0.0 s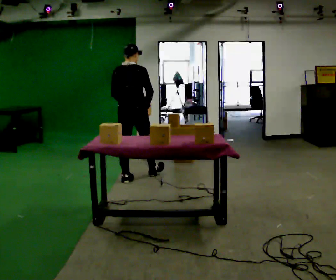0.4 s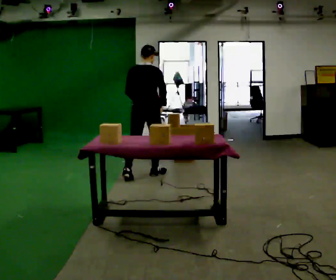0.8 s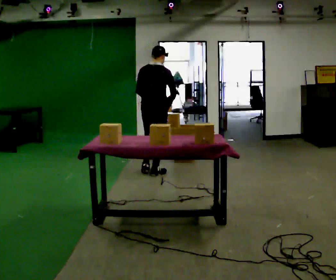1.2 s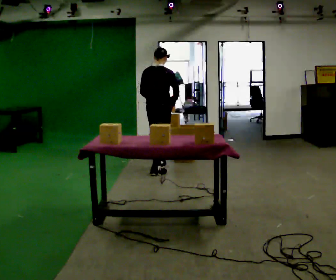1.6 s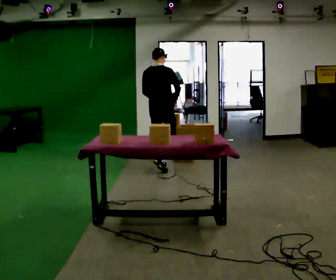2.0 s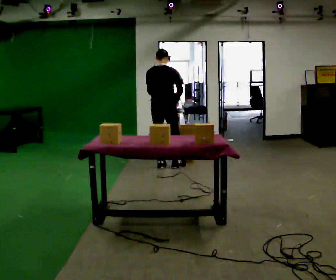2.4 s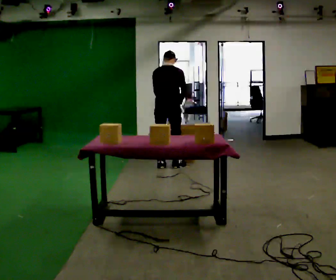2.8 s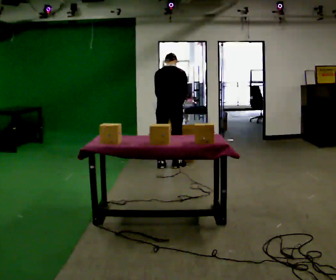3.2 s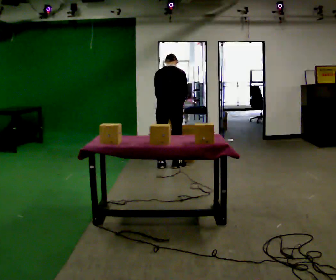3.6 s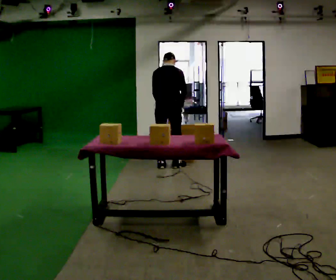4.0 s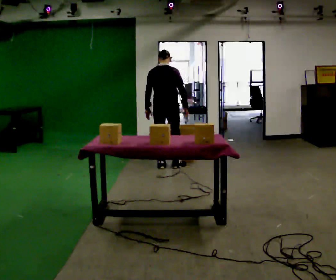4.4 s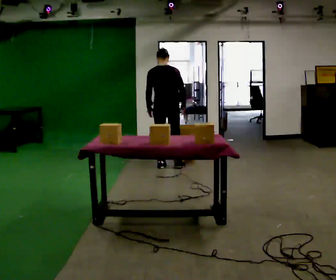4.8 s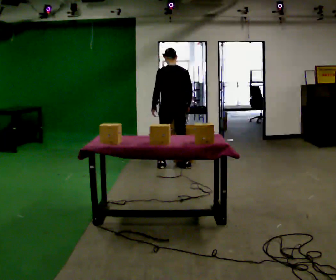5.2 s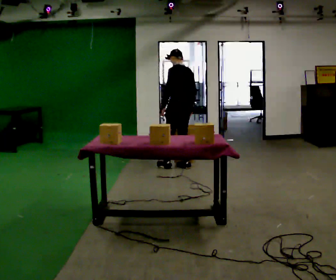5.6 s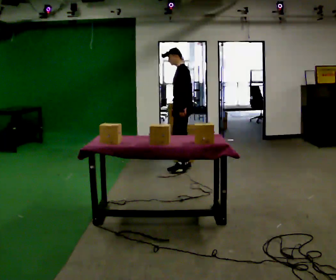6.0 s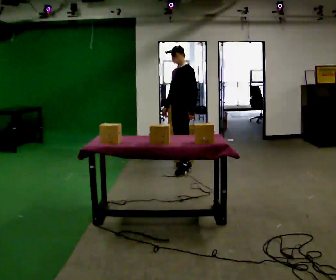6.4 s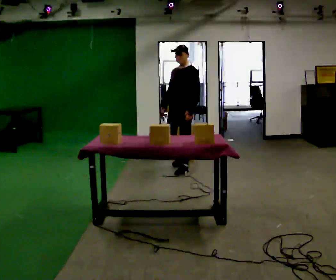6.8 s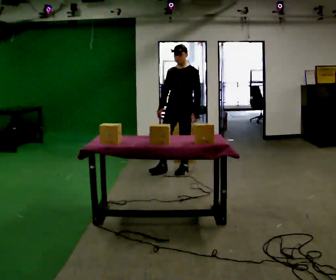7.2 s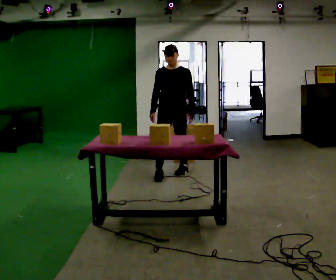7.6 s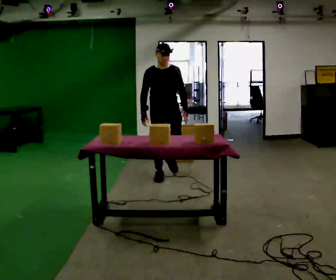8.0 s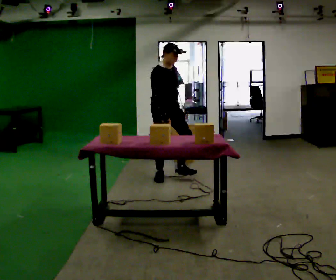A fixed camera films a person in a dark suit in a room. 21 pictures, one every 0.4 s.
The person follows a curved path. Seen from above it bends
clockwise.
The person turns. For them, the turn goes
to their left.
0.0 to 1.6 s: In the picture they go away from the camera and to the right, about 0.5 m in 2 steps, which for them is forward.
1.6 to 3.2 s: The upper body tips away from the camera, its near side rolling upward, as they bend forward.
3.2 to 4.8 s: The person turns about 30 degrees to their left, counterclockwise seen from above, so the part of the body nearest the lens slides to the right.
4.8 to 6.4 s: The part of the body nearest the lens slides to the right as the person turns to their left by about 120 degrees. In the picture they go toward the camera, about 0.25 m in 1 step.
6.4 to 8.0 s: The part of the body nearest the lens slides to the right as the person turns to their left by about 90 degrees. In the picture they go toward the camera and to the left, about 0.5 m in 1 step.
The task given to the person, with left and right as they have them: Take the objects the operator names off the crowded shelf, one at a time, and carry each one to the table. You will have to move other things out of the way to reach them. Keep going until the operator says stop; one object at a time, and do not rush between trips.
The film runs forward here.
